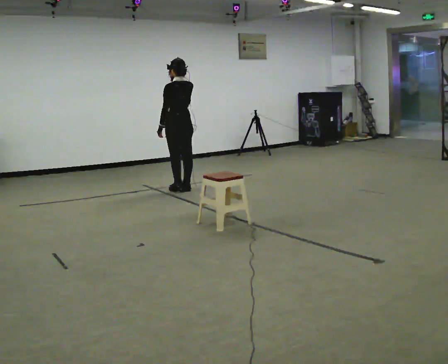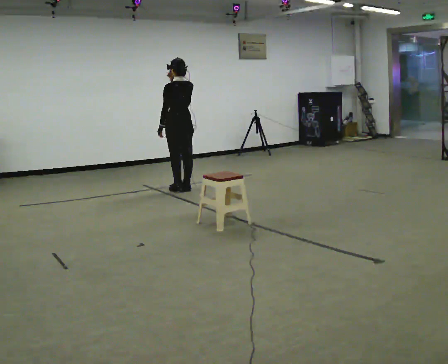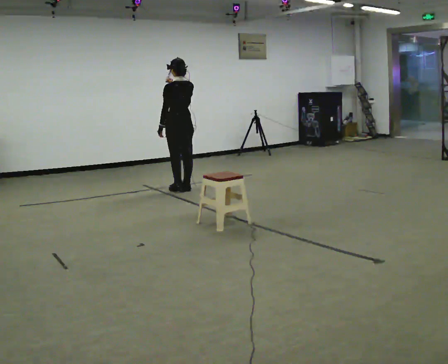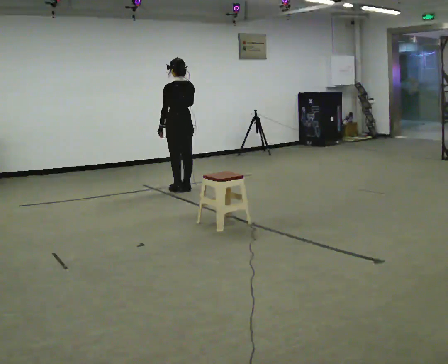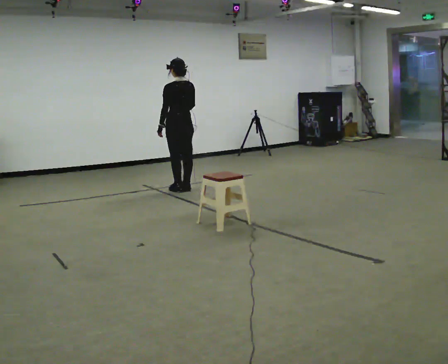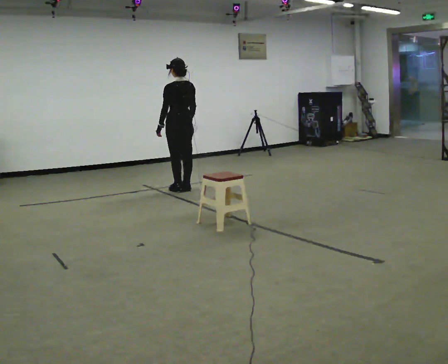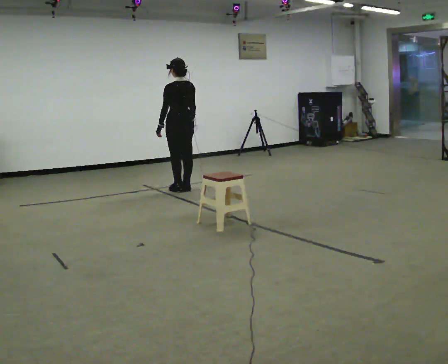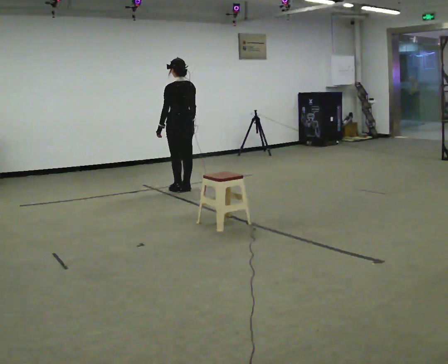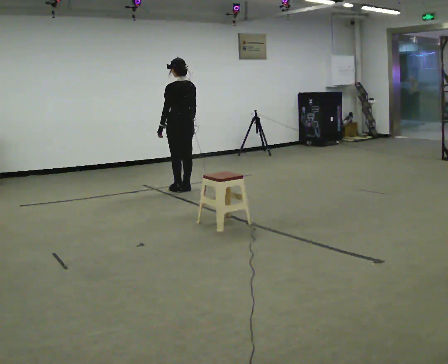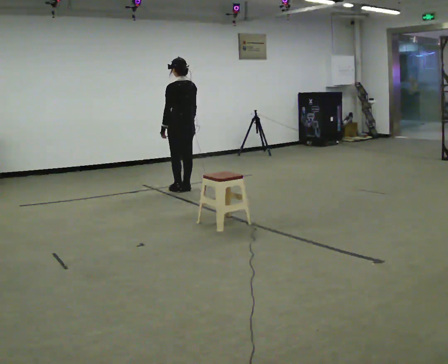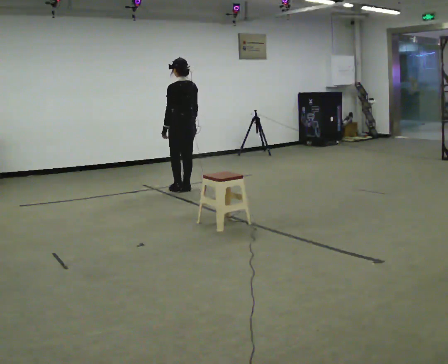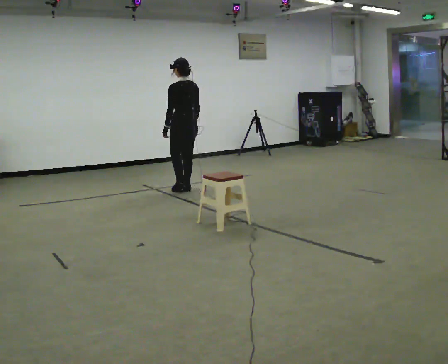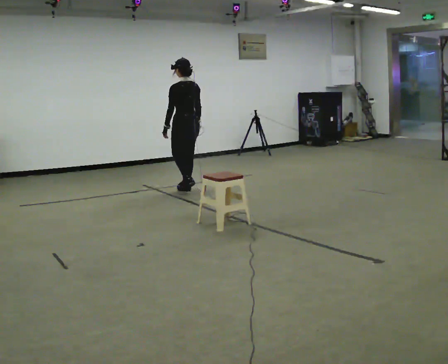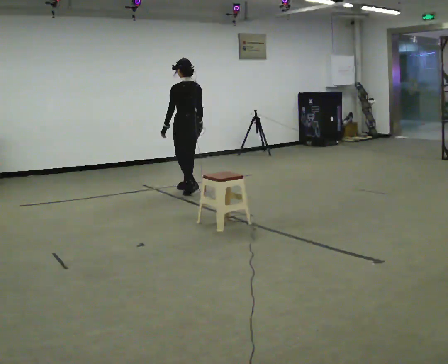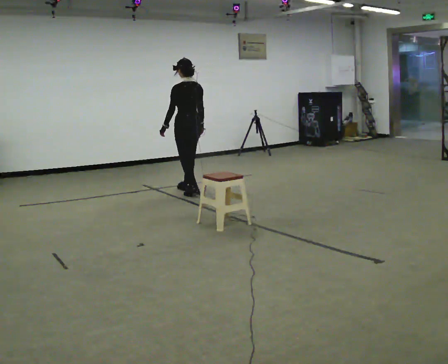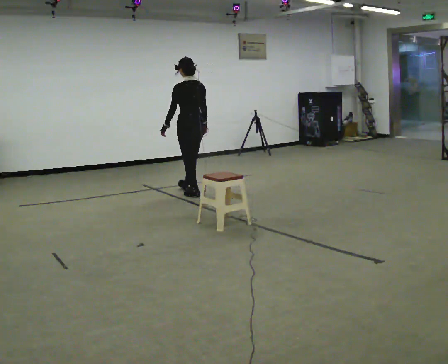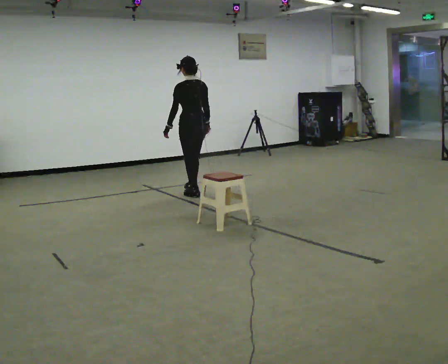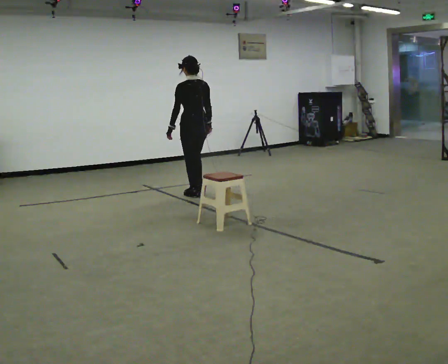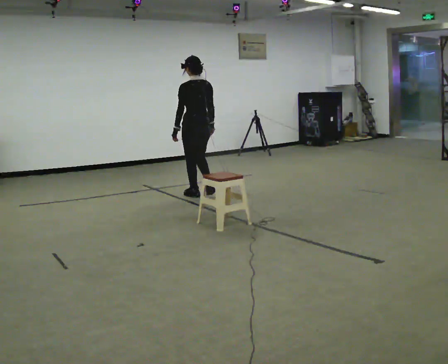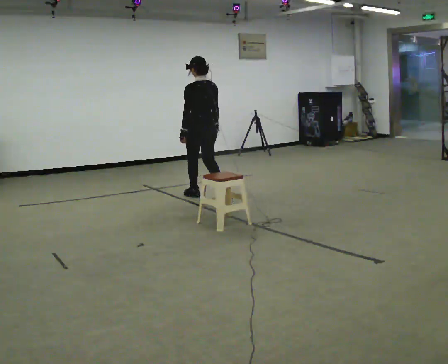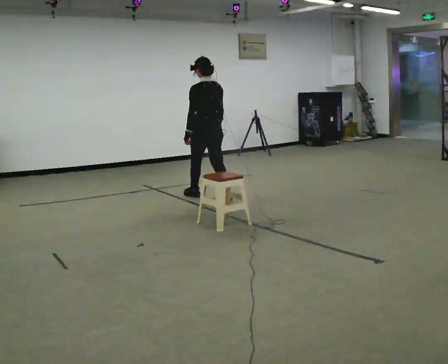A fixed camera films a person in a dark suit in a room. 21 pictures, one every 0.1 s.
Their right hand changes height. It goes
downward.
0.0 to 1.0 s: In the picture their right hand goes downward.
1.0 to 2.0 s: In the picture they go toward the camera and to the right, about 0.5 m in 2 steps, which for them is backward.
The film runs backward here.
